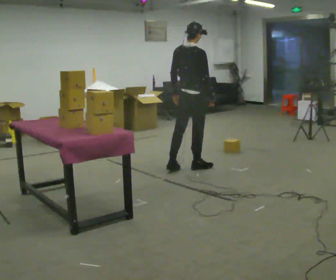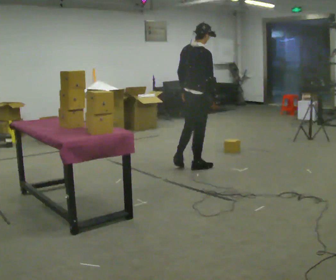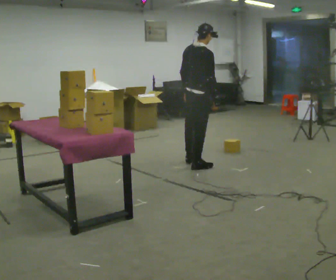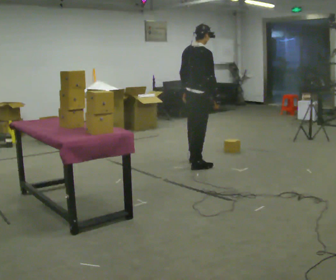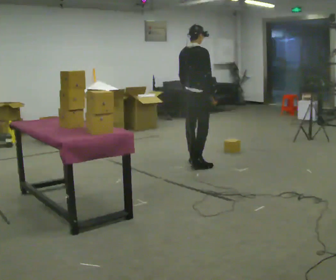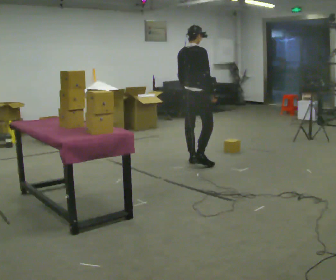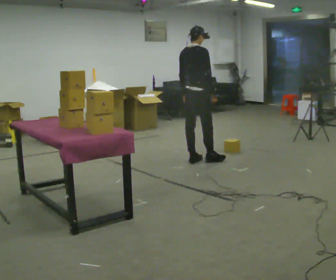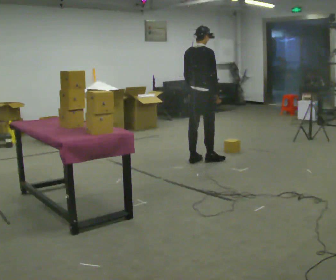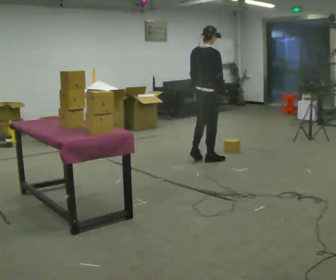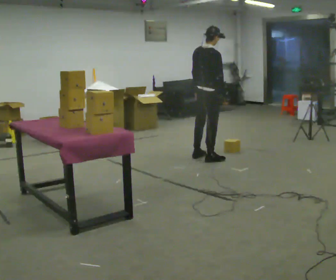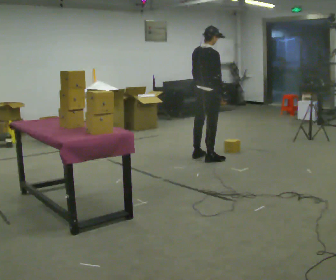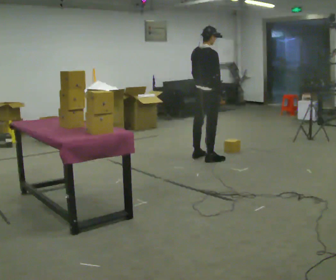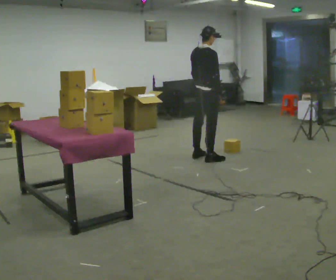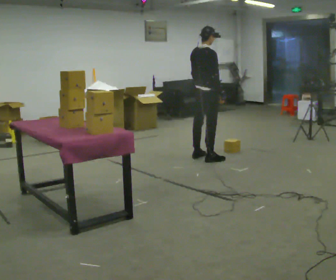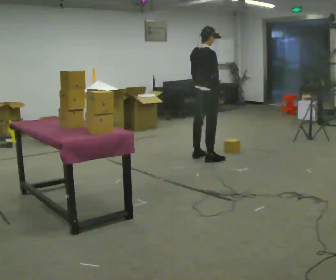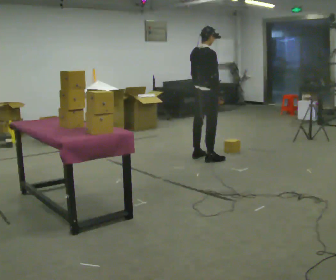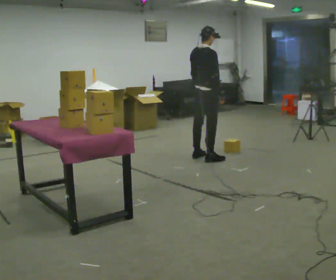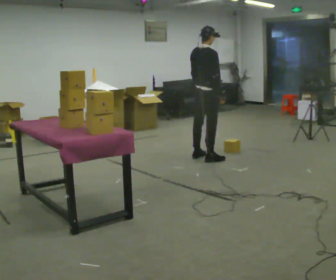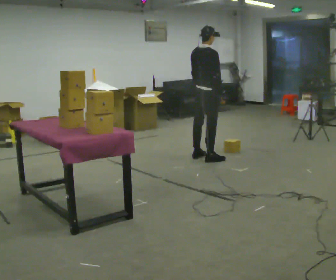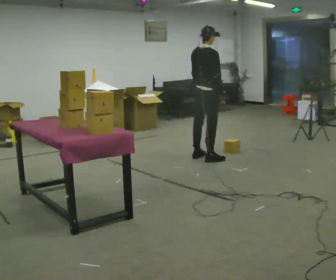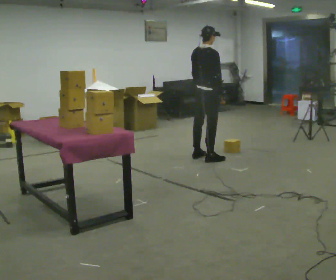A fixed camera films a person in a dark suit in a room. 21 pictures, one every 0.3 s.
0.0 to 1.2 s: In the picture they go away from the camera, about 0.25 m in 1 step, which for them is forward and to their left.
1.2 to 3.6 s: In the picture they go away from the camera, about 0.25 m in 2 steps, which for them is forward.
3.6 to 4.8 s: The person keeps their place and pose.
4.8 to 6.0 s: The person moves a little, or ends about where they began.
The film runs forward here.
